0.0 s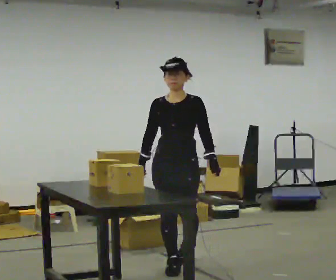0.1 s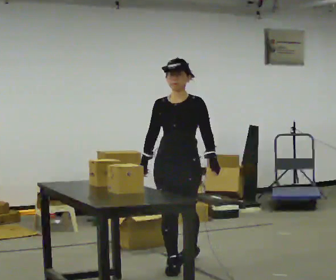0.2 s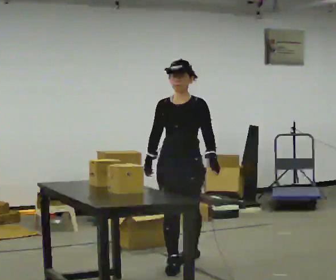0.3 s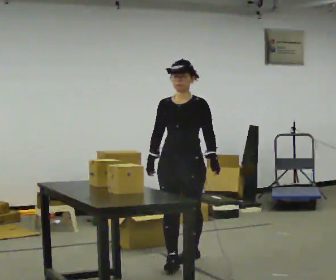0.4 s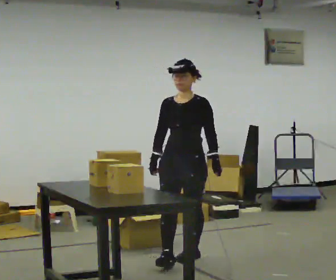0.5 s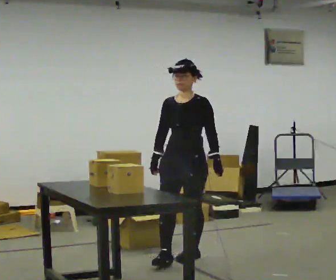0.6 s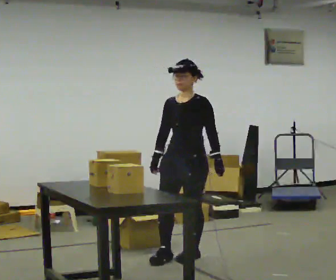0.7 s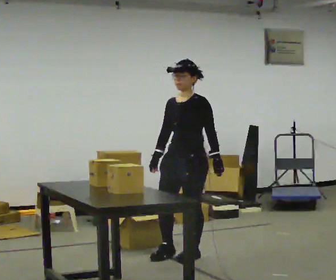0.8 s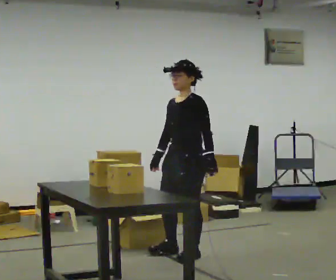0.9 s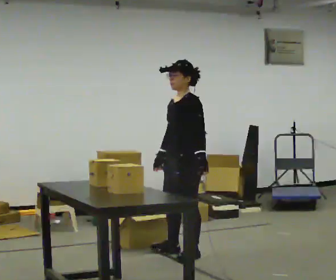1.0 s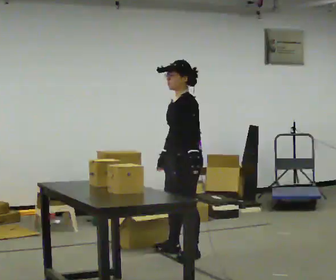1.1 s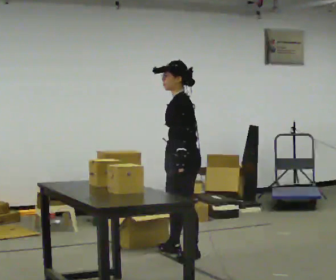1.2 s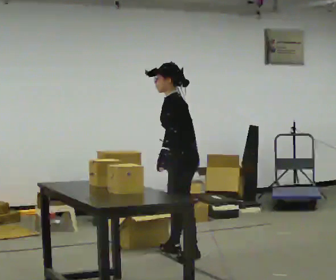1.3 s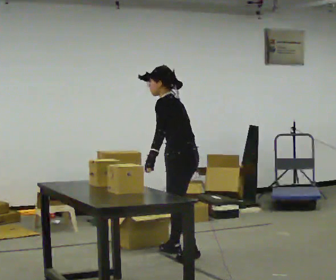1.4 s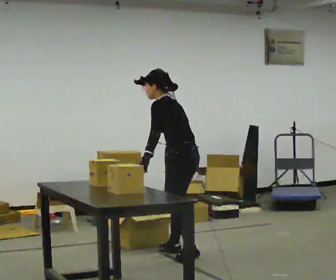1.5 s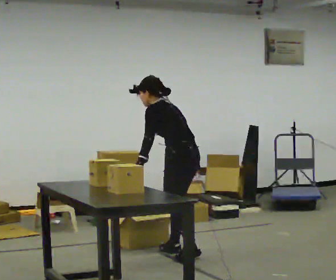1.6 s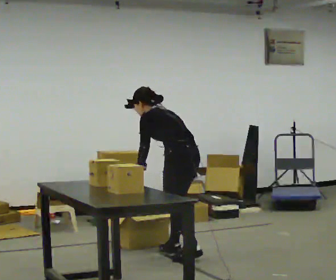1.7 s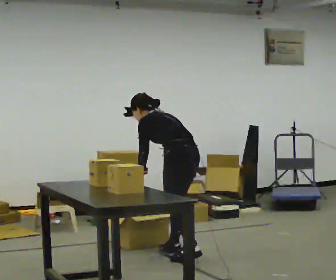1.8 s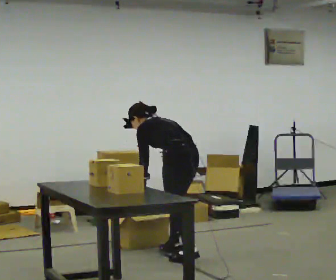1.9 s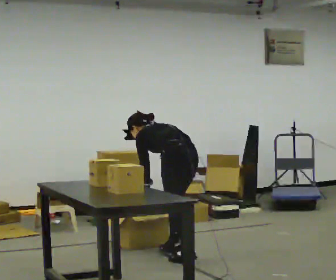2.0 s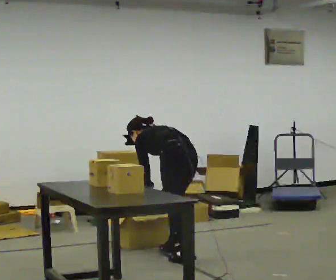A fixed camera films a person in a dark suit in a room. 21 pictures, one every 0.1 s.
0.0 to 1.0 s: The person turns about 75 degrees to their right, clockwise seen from above, so the part of the body nearest the lens slides to the left. In the picture they go away from the camera, about 0.25 m in 1 step.
1.0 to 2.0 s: The part of the body nearest the lens slides to the left as the person turns to their right by about 60 degrees. The shoulders move downward. The upper body tips away from the camera, its near side rolling upward, as they bend forward.
The film runs backward here.
